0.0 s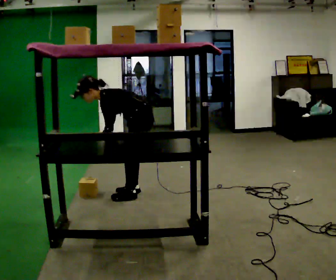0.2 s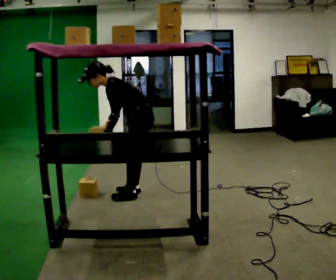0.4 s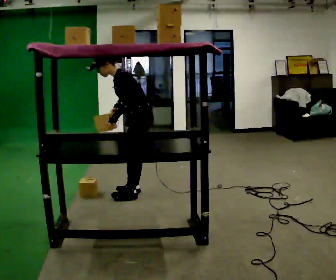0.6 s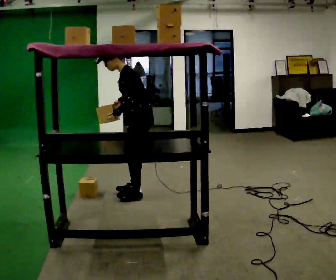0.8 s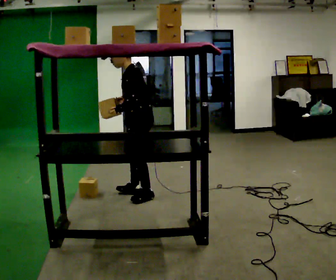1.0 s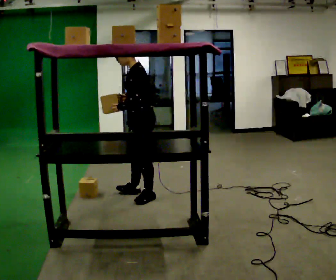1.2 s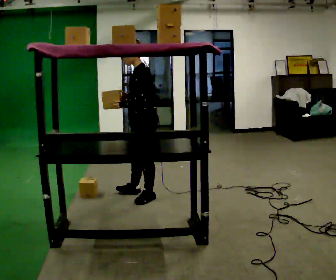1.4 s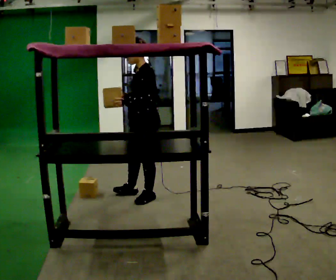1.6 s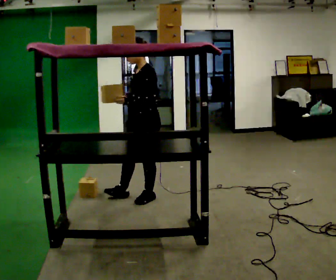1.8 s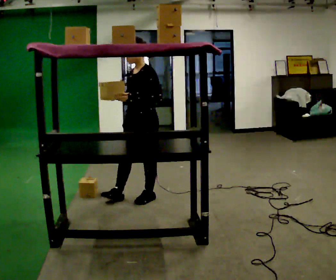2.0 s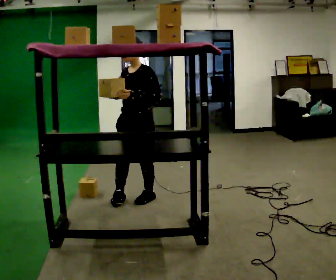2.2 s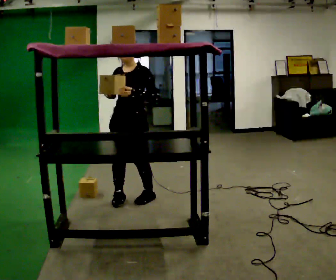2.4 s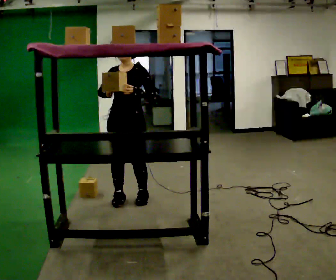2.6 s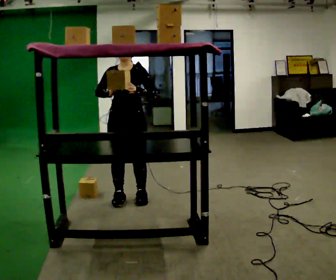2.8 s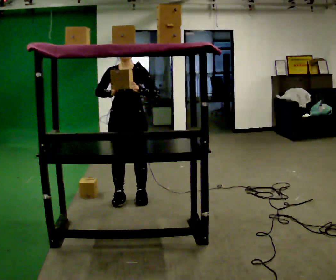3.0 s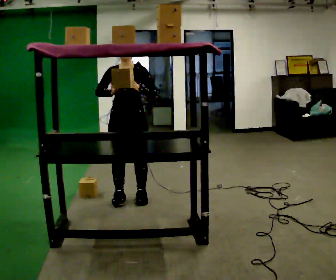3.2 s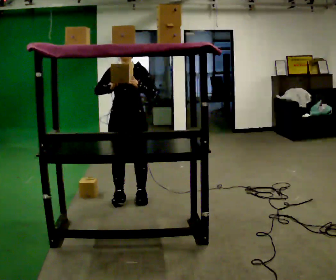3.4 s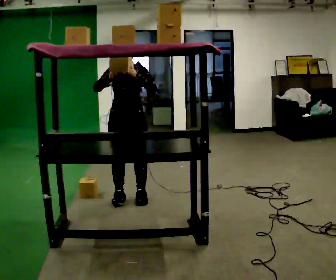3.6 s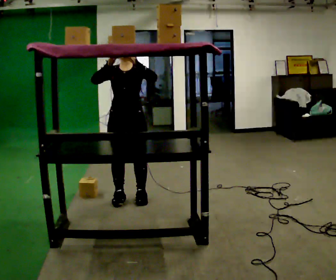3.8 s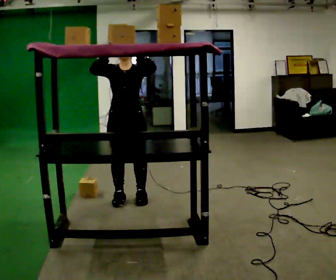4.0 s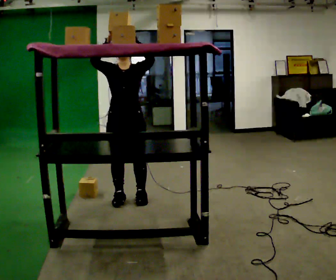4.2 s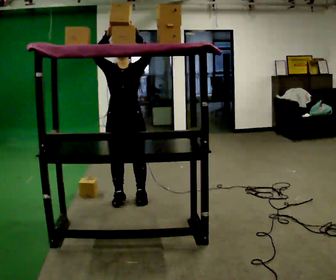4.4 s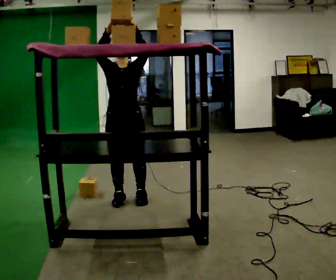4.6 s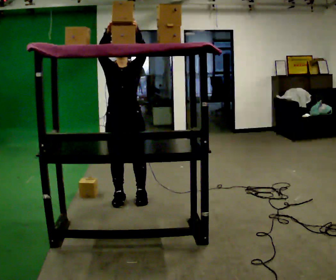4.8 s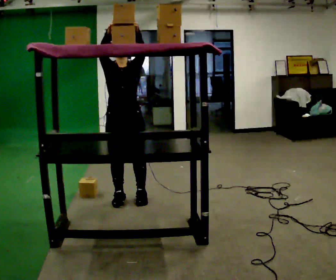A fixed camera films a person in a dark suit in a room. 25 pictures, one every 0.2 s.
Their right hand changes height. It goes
upward.
The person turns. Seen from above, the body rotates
counterclockwise.
0.0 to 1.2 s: The shoulders move upward. In the picture the upper body tilts clockwise, shoulders to the right, as they lean back or straighten. In the picture their right hand goes upward.
1.2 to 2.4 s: Seen from above the body turns counterclockwise, about 75 degrees: to their left, with its near side sliding to the right. In the picture they go to the left, about 0.25 m in 1 step.
2.4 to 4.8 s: In the picture their right hand goes upward.
The film runs backward here.
